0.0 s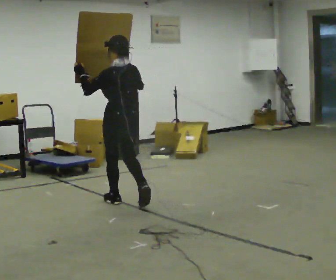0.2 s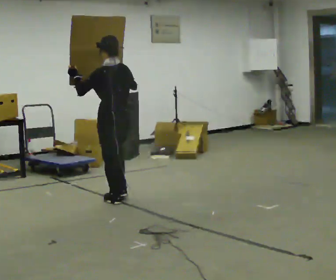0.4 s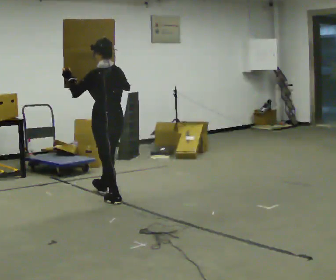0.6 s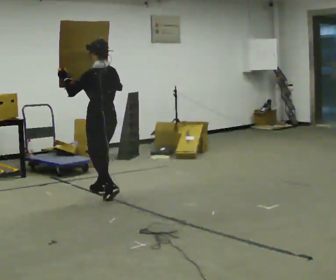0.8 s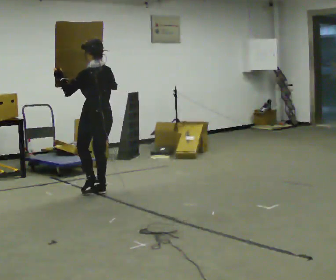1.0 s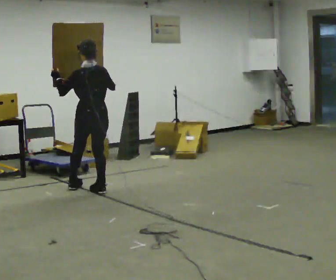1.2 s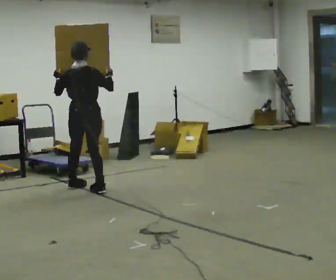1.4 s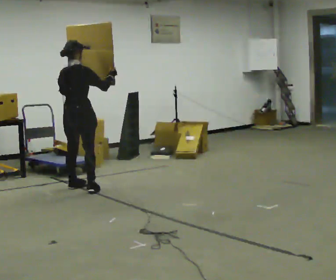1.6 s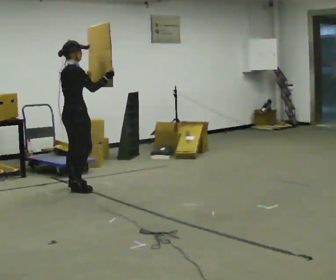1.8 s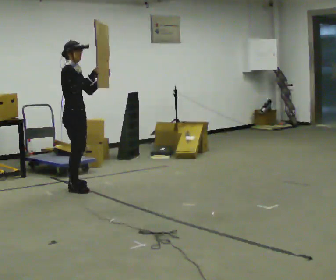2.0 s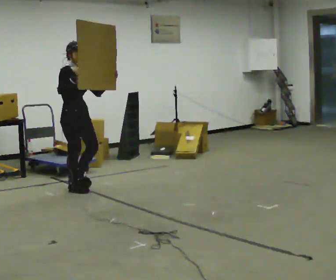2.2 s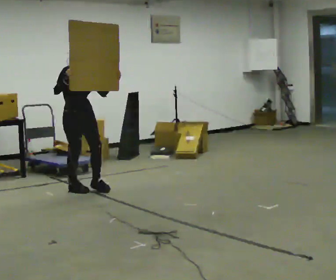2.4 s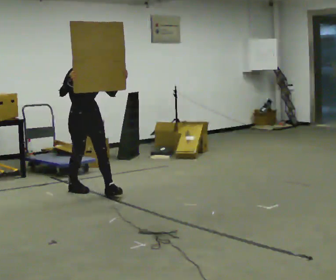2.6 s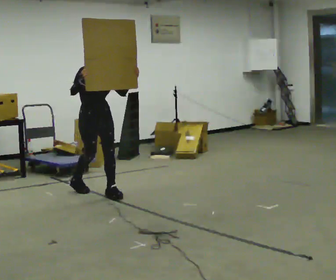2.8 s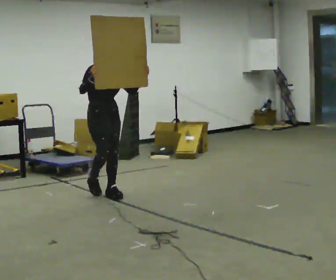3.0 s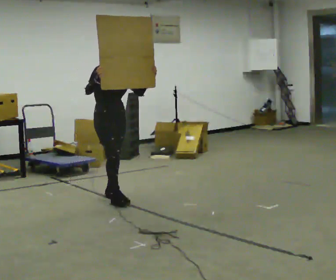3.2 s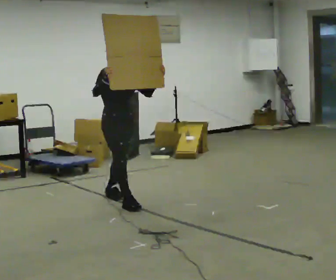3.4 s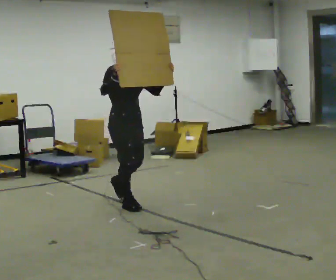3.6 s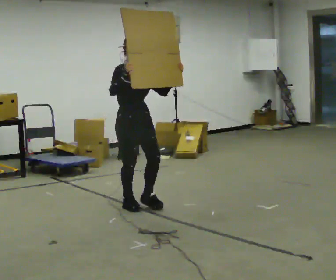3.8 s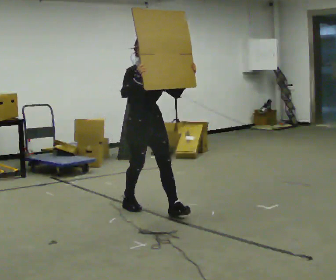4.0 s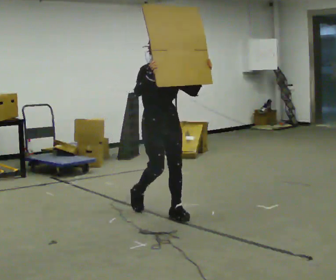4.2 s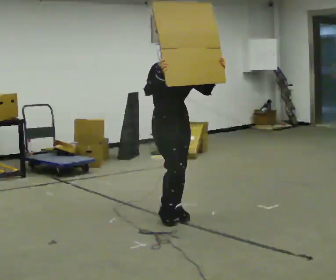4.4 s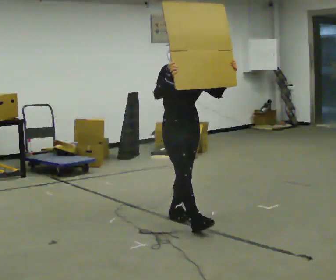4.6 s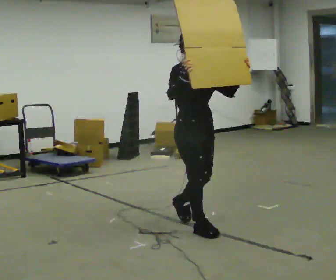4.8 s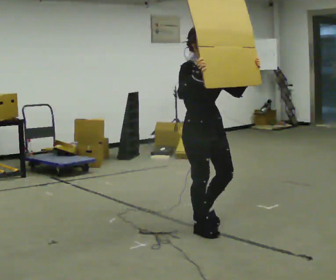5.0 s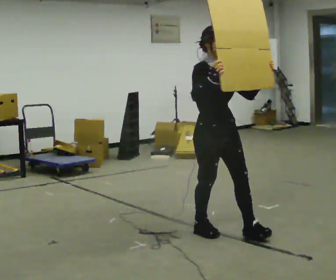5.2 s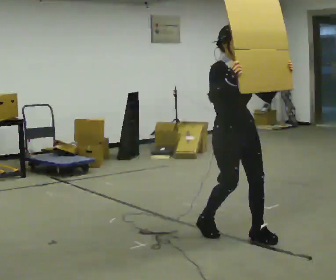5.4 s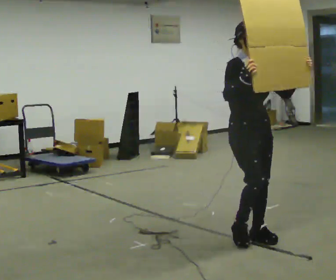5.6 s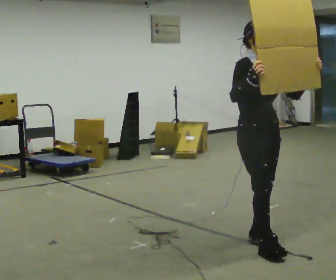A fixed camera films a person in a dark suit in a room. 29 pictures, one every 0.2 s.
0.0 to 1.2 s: Seen from above the body turns clockwise, about 30 degrees: to their right, with its near side sliding to the left. In the picture they go away from the camera and to the left, about 0.5 m in 2 steps, which for them is forward.
1.2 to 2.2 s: The part of the body nearest the lens slides to the left as the person turns to their right by about 135 degrees. In the picture their right hand goes to the left.
2.2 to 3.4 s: In the picture they go toward the camera and to the right, about 1 m in 2 steps, which for them is forward.
3.4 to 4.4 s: In the picture they go toward the camera and to the right, about 1 m in 1 step, which for them is forward.
4.4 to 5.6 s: In the picture they go toward the camera and to the right, about 1 m in 2 steps, which for them is forward.
The film runs forward here.
